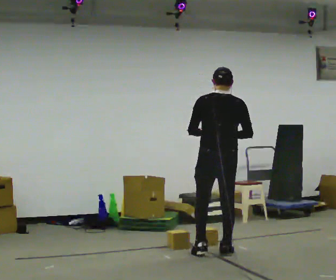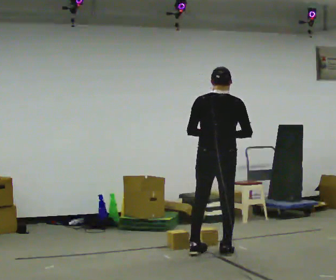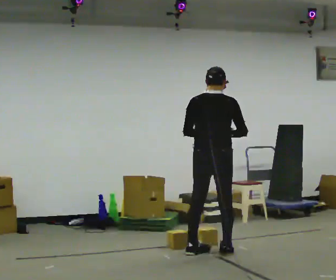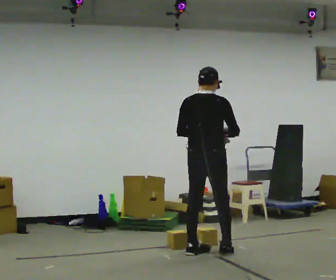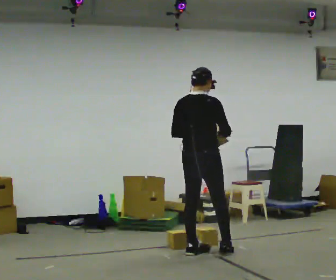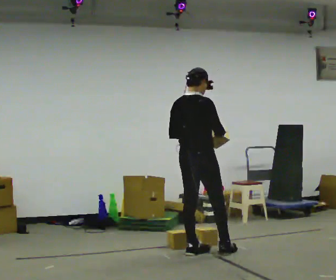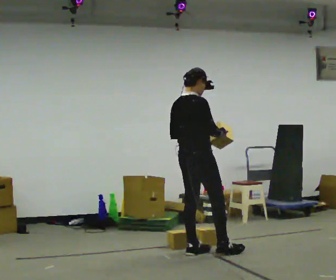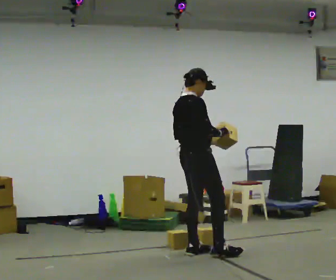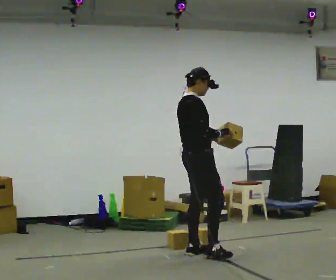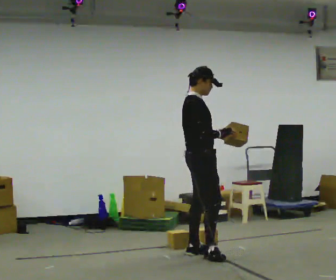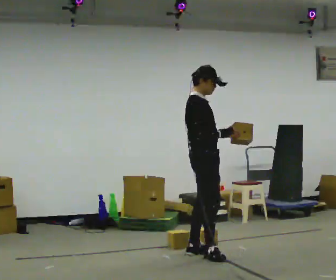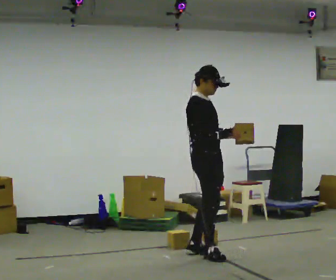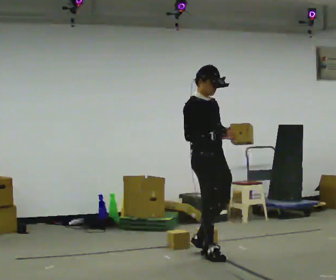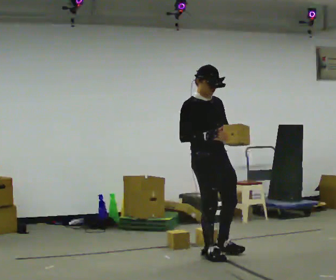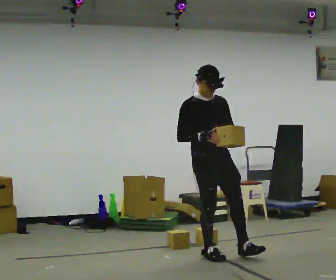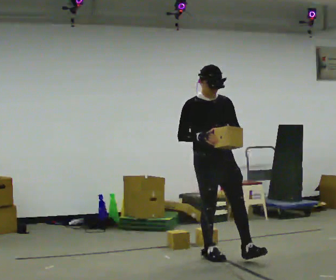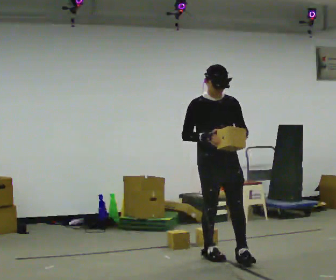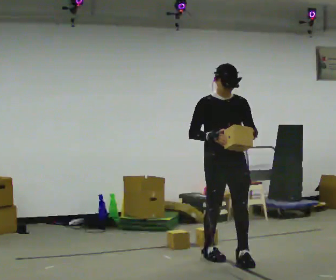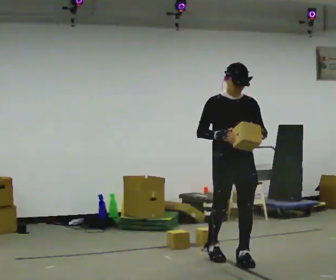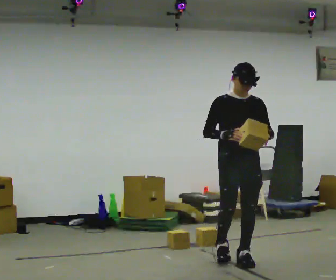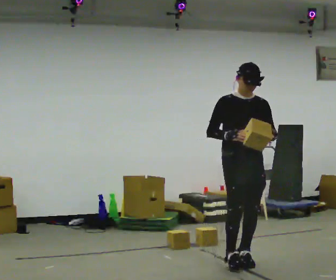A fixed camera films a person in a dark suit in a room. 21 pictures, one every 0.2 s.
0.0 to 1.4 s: Seen from above the body turns clockwise, about 60 degrees: to their right, with its near side sliding to the left. In the picture they go to the left, about 0.25 m in 1 step.
1.4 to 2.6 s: Seen from above the body turns clockwise, about 75 degrees: to their right, with its near side sliding to the left. In the picture they go toward the camera, about 0.25 m in 1 step. In the picture their left hand goes to the right.
2.6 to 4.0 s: Seen from above the body turns clockwise, about 30 degrees: to their right, with its near side sliding to the left. In the picture they go to the right and toward the camera, about 0.5 m in 1 step, which for them is forward and to their left.
The film runs forward here.
